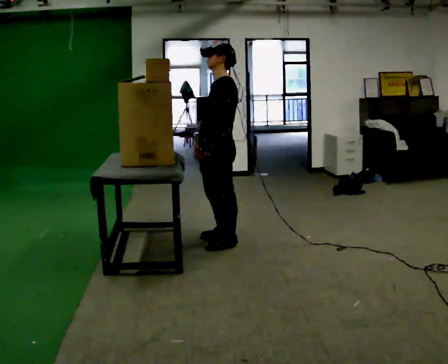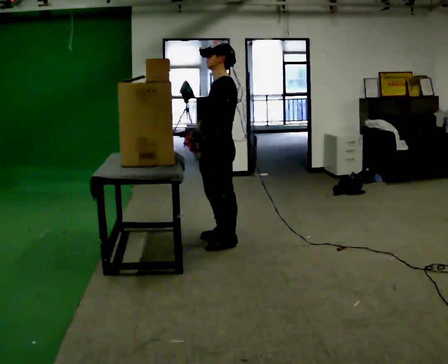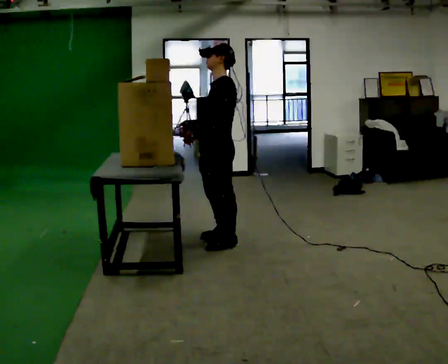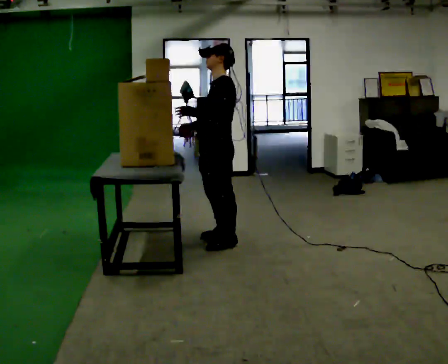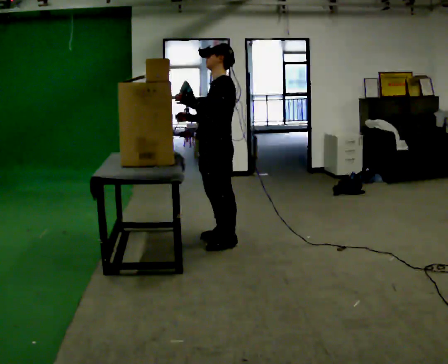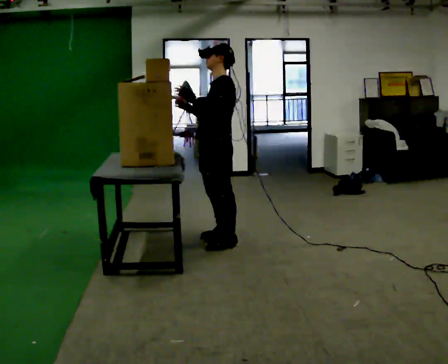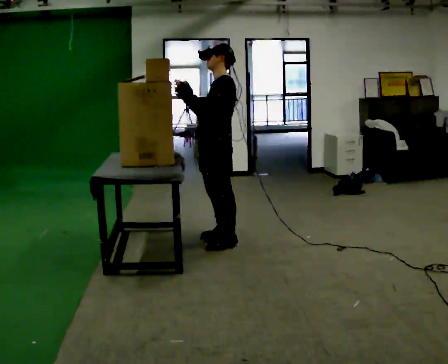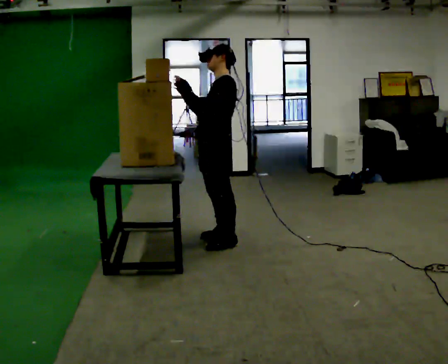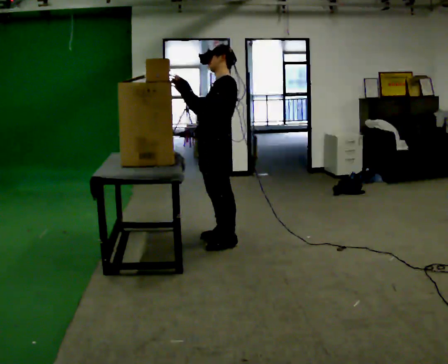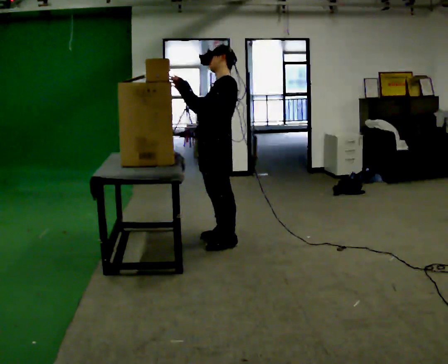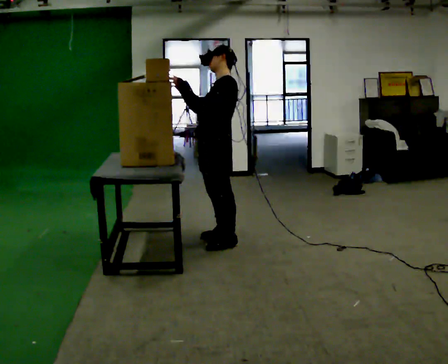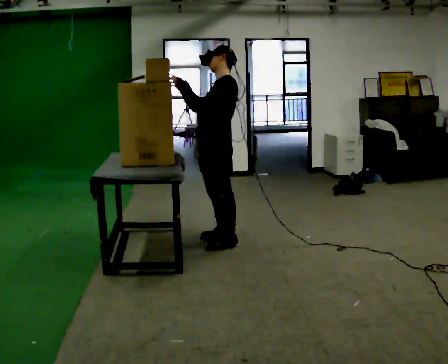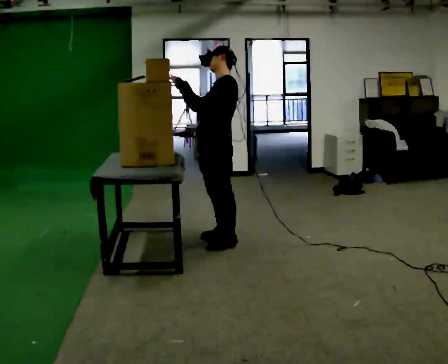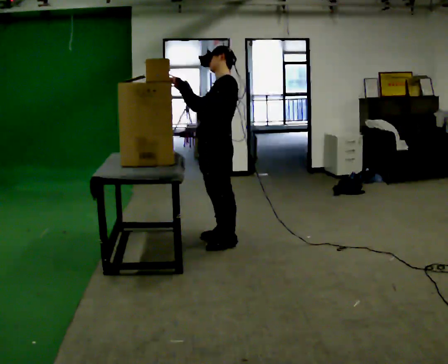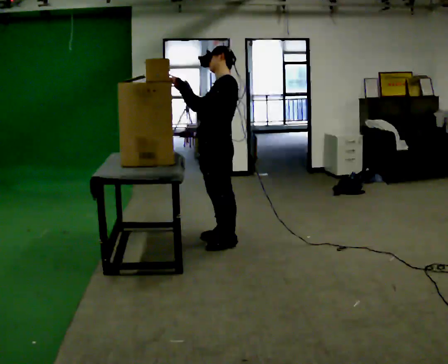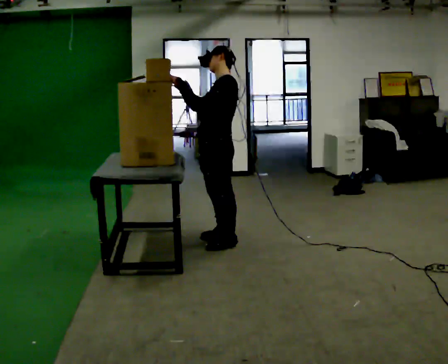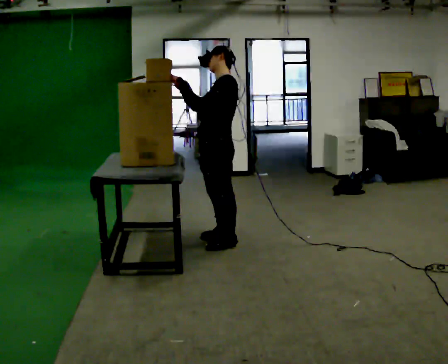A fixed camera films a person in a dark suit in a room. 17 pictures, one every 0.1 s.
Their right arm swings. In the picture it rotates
clockwise.
Their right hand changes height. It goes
upward.
0.0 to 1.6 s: In the picture their right hand goes upward, the arm swinging clockwise.
The film runs forward here.
